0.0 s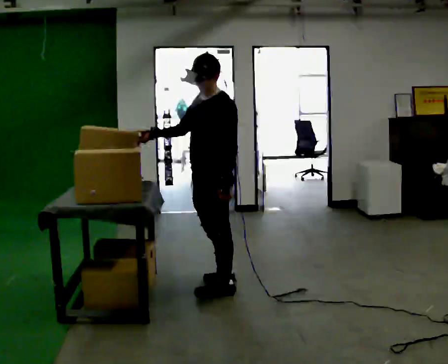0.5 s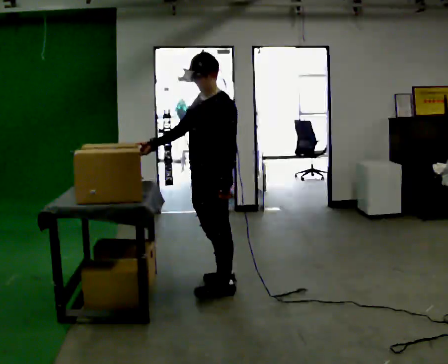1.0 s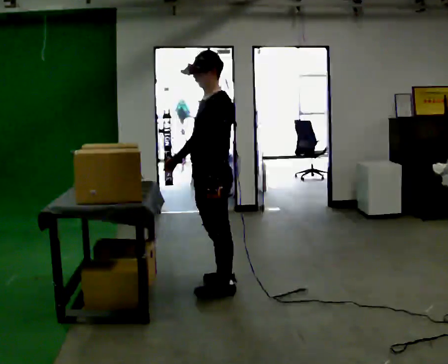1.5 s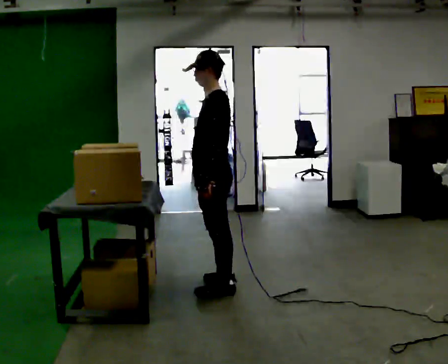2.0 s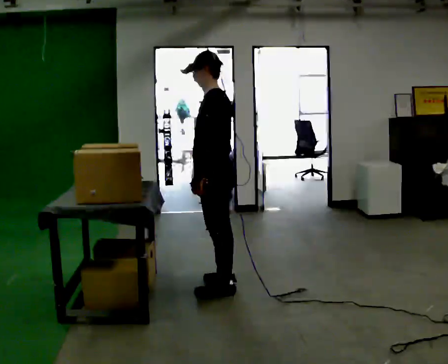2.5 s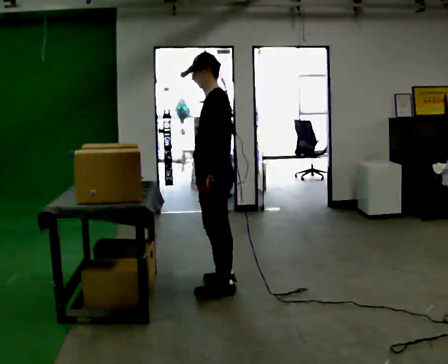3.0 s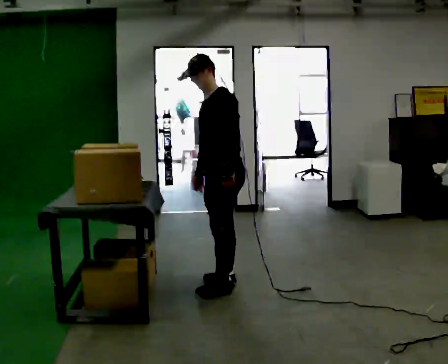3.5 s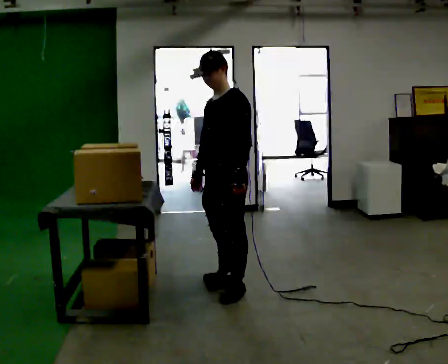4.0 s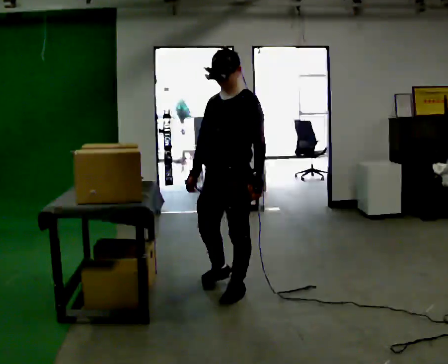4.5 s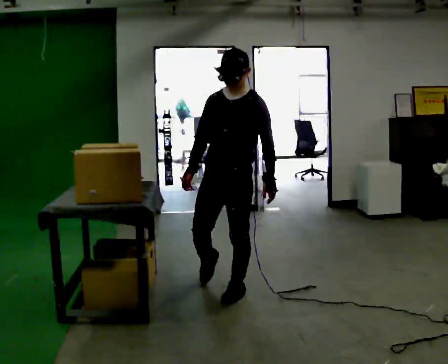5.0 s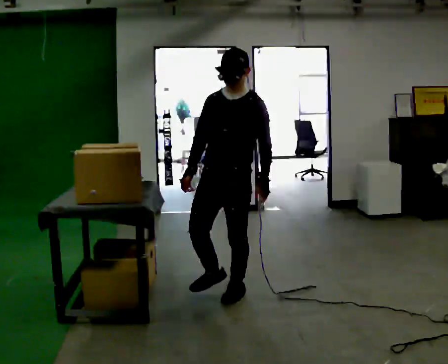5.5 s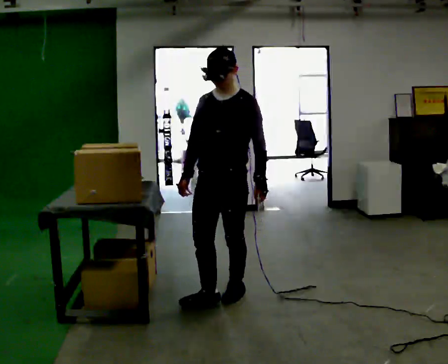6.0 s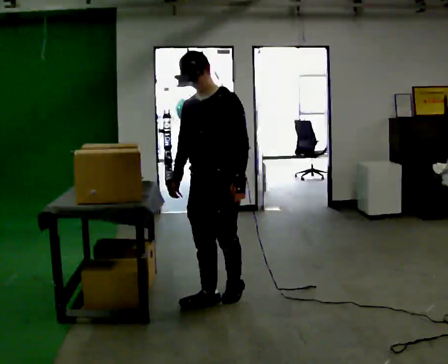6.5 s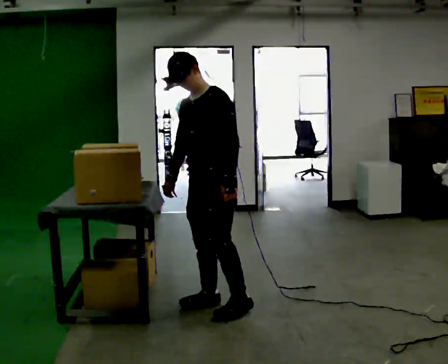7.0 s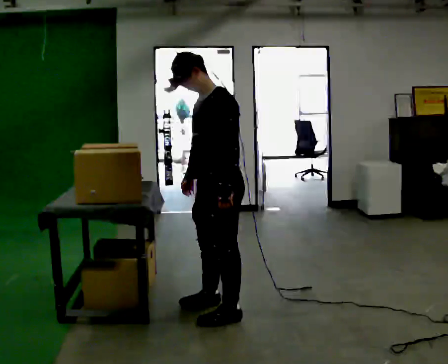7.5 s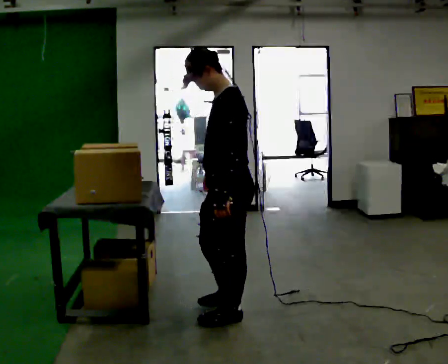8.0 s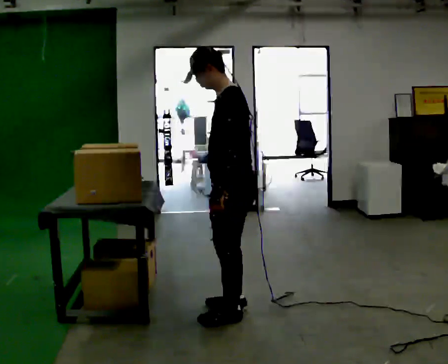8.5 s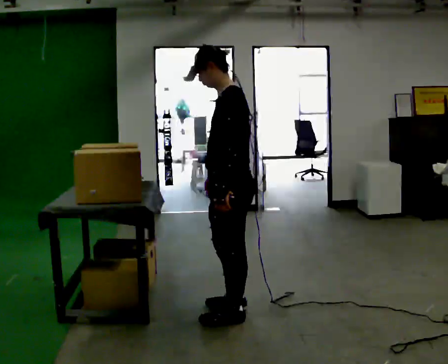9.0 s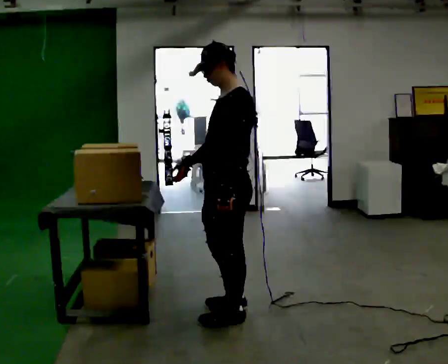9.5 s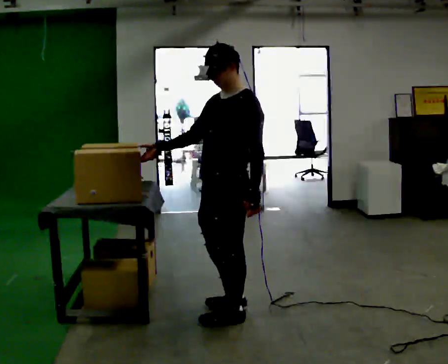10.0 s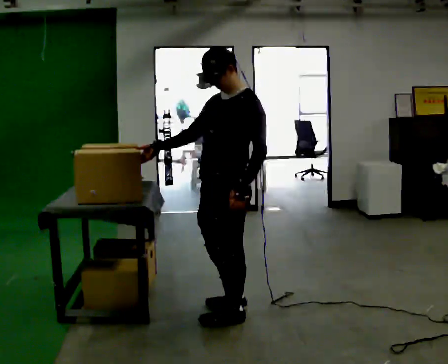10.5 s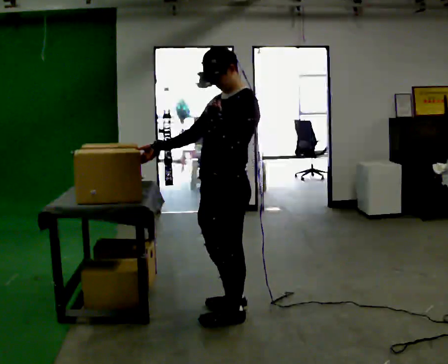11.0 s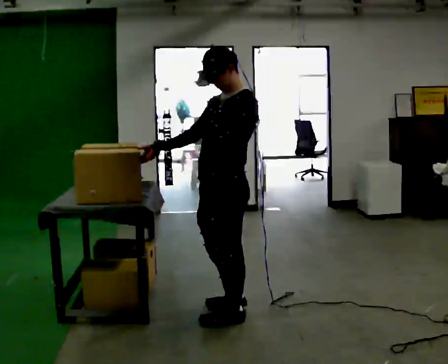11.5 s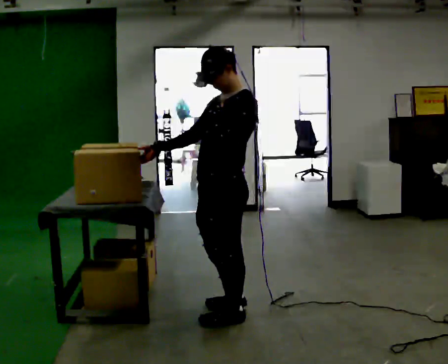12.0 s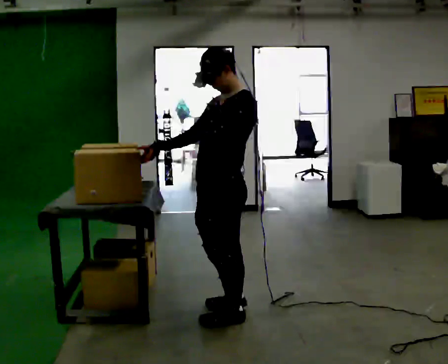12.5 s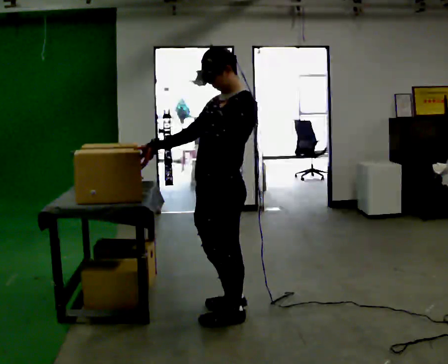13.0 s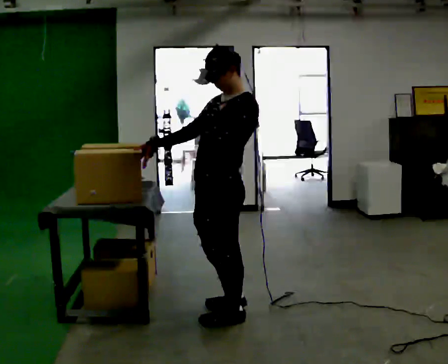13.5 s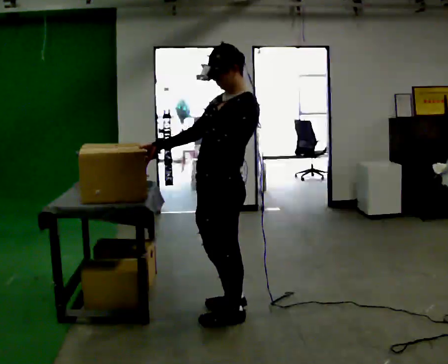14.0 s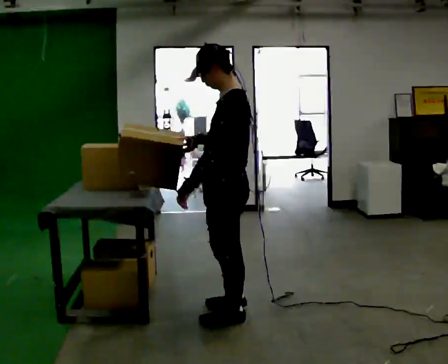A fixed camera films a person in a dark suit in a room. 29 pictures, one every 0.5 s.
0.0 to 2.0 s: The part of the body nearest the lens slides to the left as the person turns to their right by about 30 degrees. In the picture their right hand goes to the right, the arm swinging counterclockwise.
2.0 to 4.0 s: Seen from above the body turns counterclockwise, about 60 degrees: to their left, with its near side sliding to the right. In the picture they go toward the camera, about 0.25 m, which for them is to their left.
4.0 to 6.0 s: The person moves a little, or ends about where they began.
6.0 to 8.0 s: The part of the body nearest the lens slides to the left as the person turns to their right by about 60 degrees. In the picture they go toward the camera, about 0.25 m in 2 steps, which for them is to their left.
8.0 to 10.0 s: The person turns about 30 degrees to their left, counterclockwise seen from above, so the part of the body nearest the lens slides to the right. In the picture their right hand goes to the left, the arm swinging clockwise.
10.0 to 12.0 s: In the picture their left hand goes upward.
12.0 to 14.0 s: The part of the body nearest the lens slides to the left as the person turns to their right by about 30 degrees. In the picture their left hand goes downward.
The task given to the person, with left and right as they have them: Take the boxes off the top, get the one from the bottom, carry it away, then put the others back. Keep going until the operator says stop; one object at a time, and do not rush between trips.
The film runs forward here.
